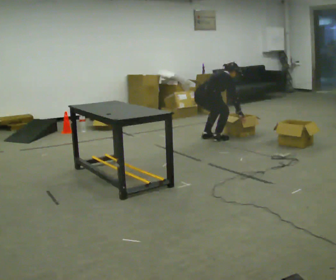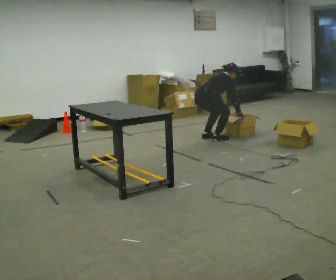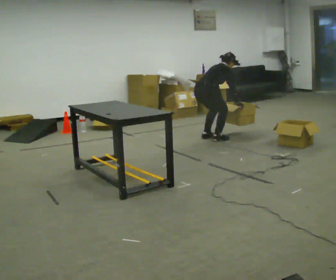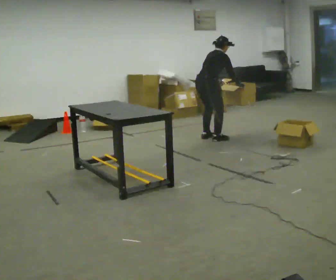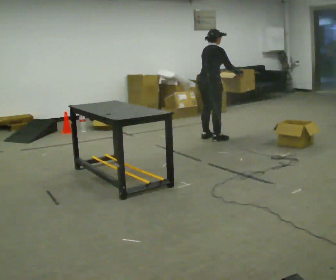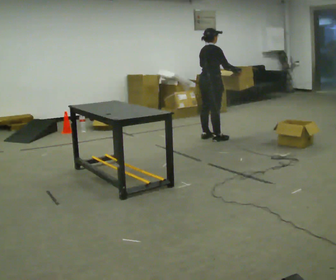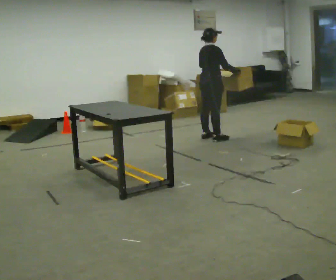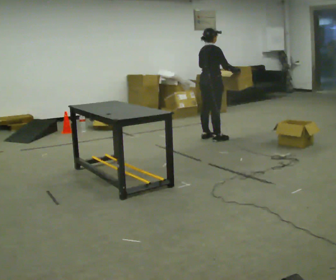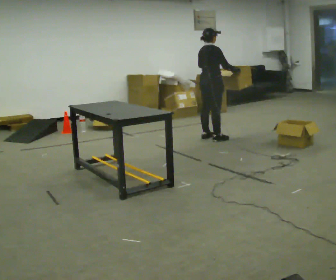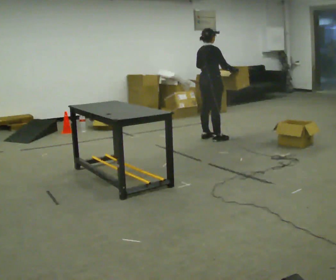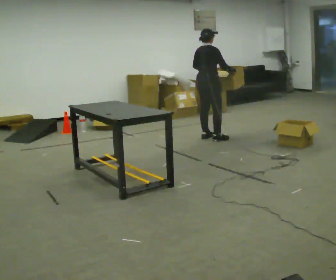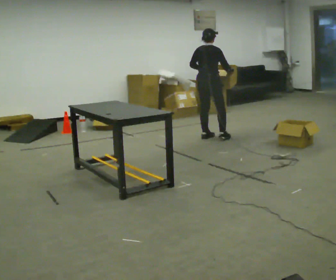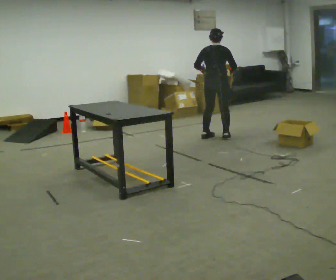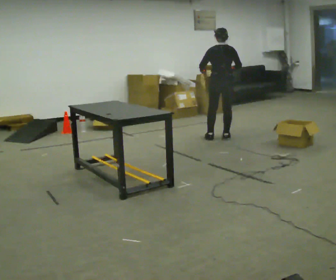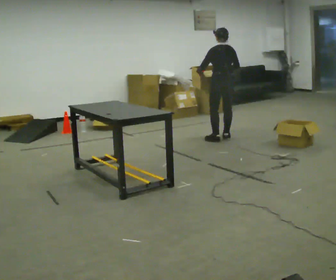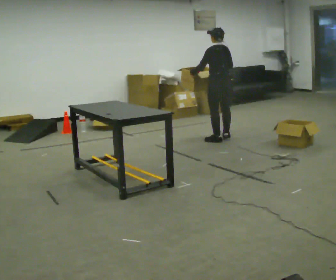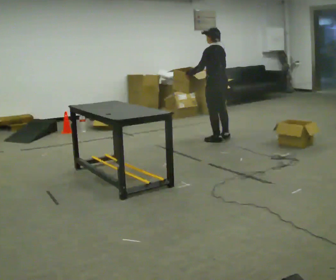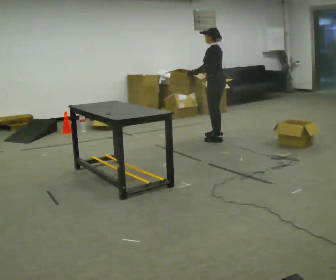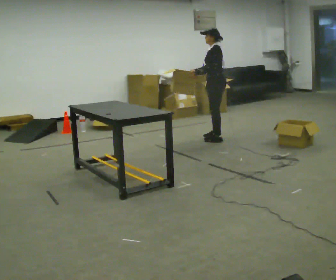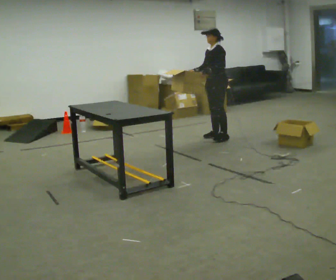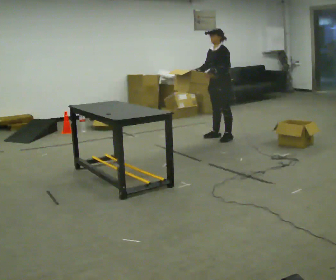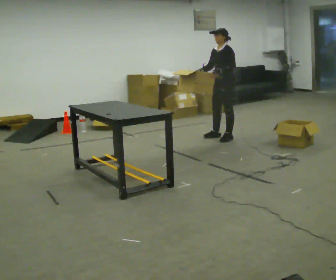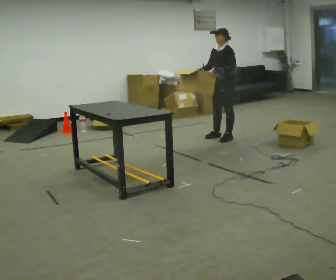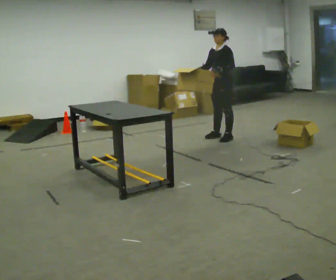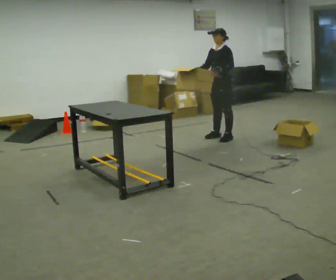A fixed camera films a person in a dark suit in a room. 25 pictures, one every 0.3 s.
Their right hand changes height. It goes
upward.
The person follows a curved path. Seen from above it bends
counterclockwise.
0.0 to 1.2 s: The shoulders move upward. In the picture the upper body tilts counterclockwise, shoulders to the left, as they lean back or straighten. In the picture their right hand goes upward.
1.2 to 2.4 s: The person moves a little, or ends about where they began.
2.4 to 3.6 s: Seen from above the body turns counterclockwise, about 45 degrees: to their left, with its near side sliding to the right.
3.6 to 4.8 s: Seen from above the body turns counterclockwise, about 60 degrees: to their left, with its near side sliding to the right.
4.8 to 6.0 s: The person turns about 75 degrees to their left, counterclockwise seen from above, so the part of the body nearest the lens slides to the right. In the picture they go away from the camera, about 0.25 m in 2 steps. In the picture their left hand goes to the right.
6.0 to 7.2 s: The person moves a little, or ends about where they began.
The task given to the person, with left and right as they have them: 1. Take everything out of the crates by the door. 2. Put the small items on the middle shelf. 3. Put the large items on the bottom shelf. 4. Stack the empty crates by the door. 5. Tell the operator when you are finished.
The film runs forward here.
